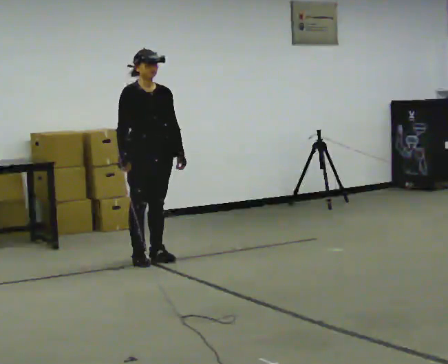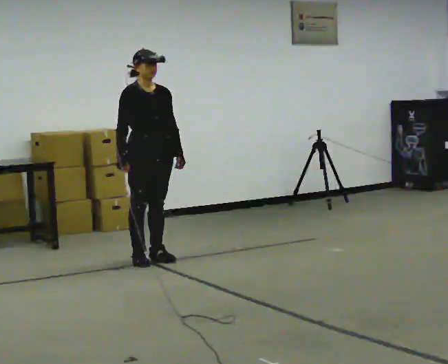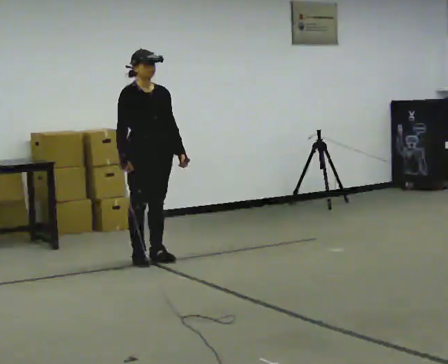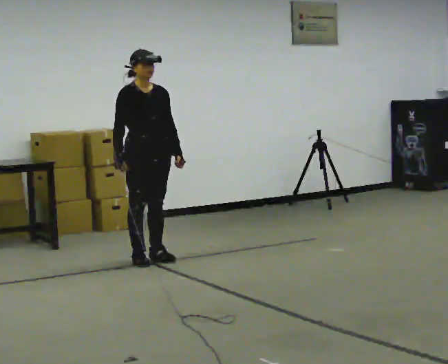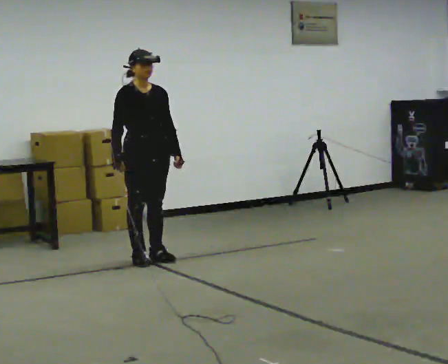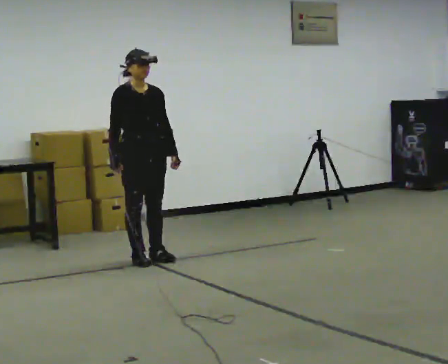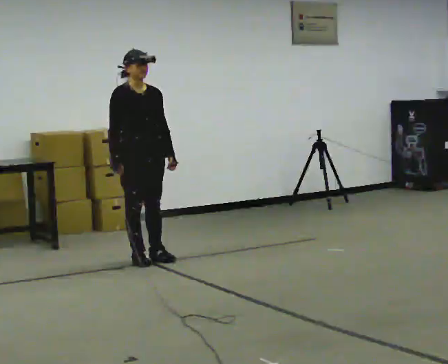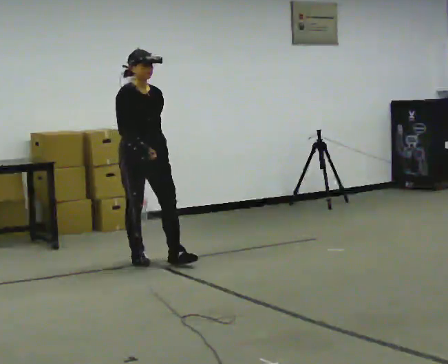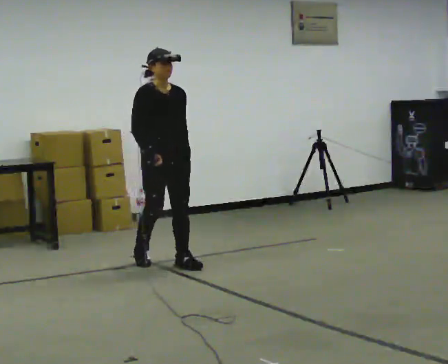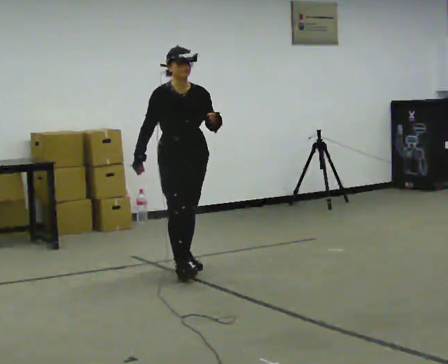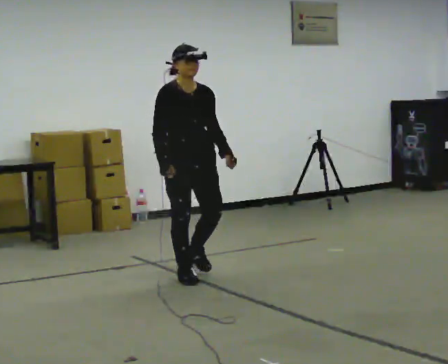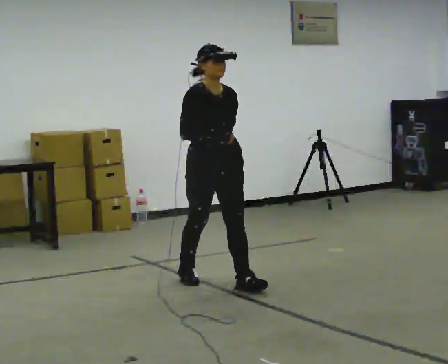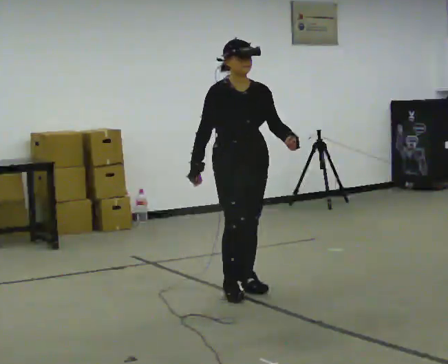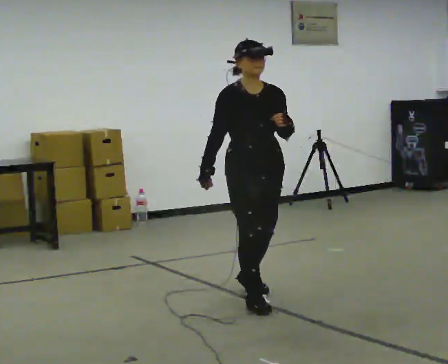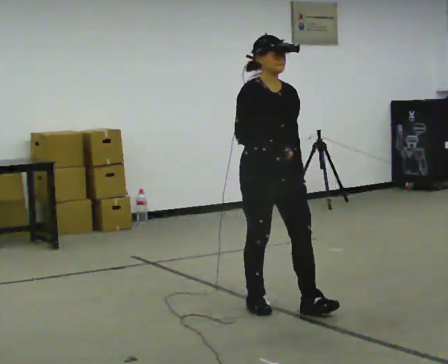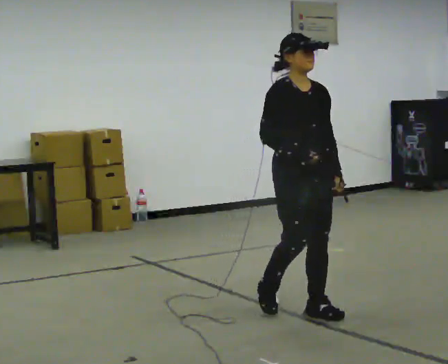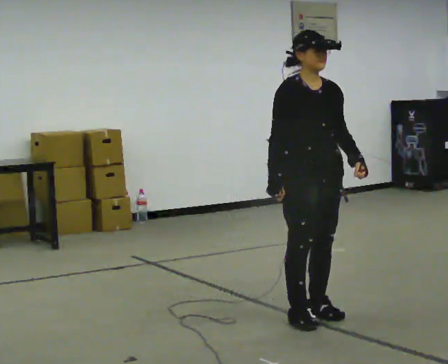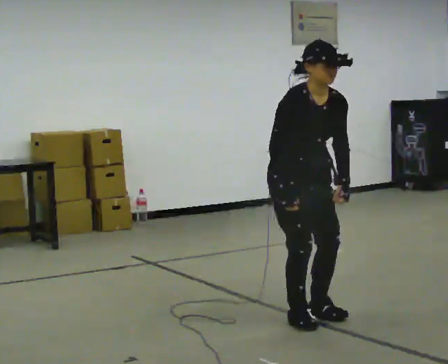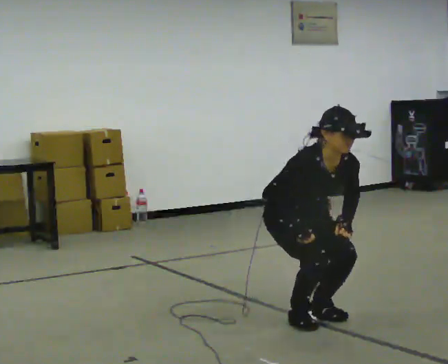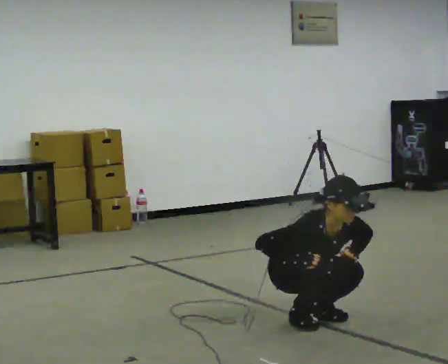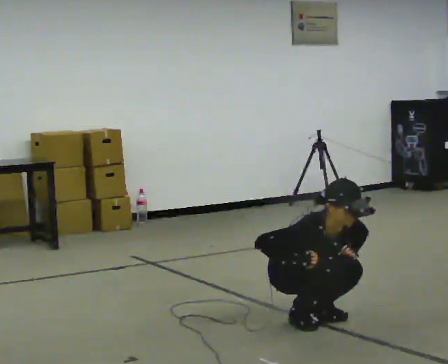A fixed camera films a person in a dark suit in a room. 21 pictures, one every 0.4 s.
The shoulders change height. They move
downward.
The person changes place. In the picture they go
toward the camera.
0.0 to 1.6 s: The person moves a little, or ends about where they began.
1.6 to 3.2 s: In the picture they go toward the camera, about 0.25 m in 1 step, which for them is forward.
3.2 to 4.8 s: In the picture they go toward the camera and to the right, about 1 m in 2 steps, which for them is forward.
4.8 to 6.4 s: In the picture they go toward the camera and to the right, about 1 m in 3 steps, which for them is forward.
6.4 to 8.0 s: The shoulders move downward. The upper body tips toward the camera, its near side rolling downward, as they bend forward. In the picture their left hand goes downward.
The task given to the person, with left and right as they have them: Walk; crouch comfortably at marker; remain briefly; stand and continue.
The film runs forward here.
